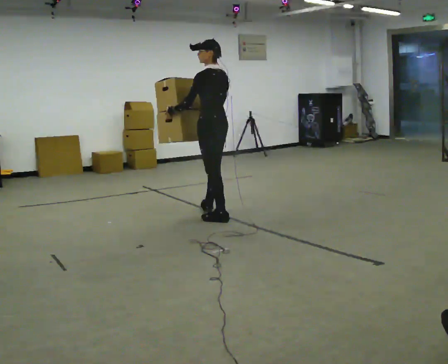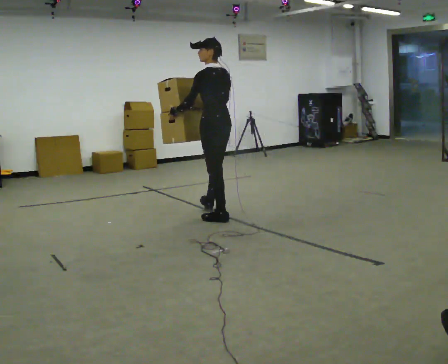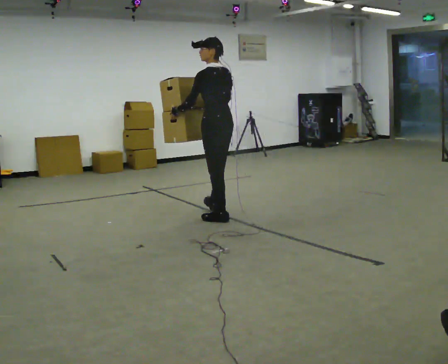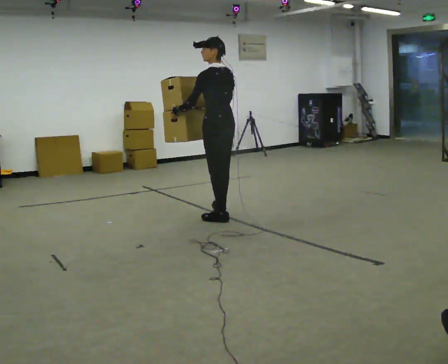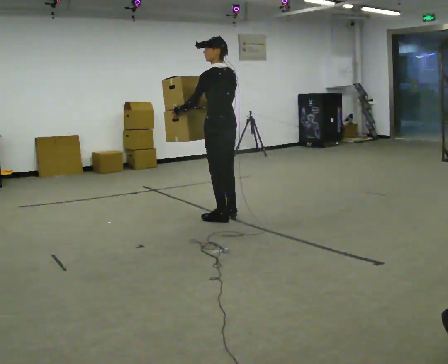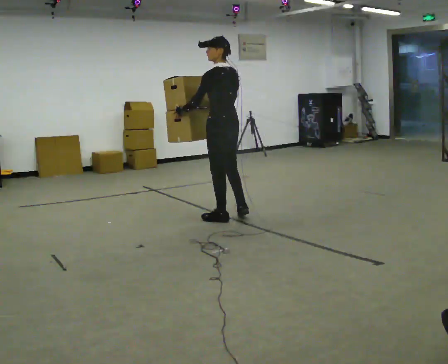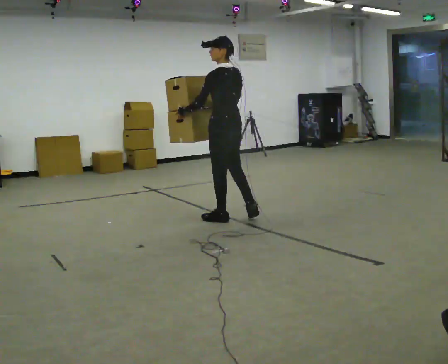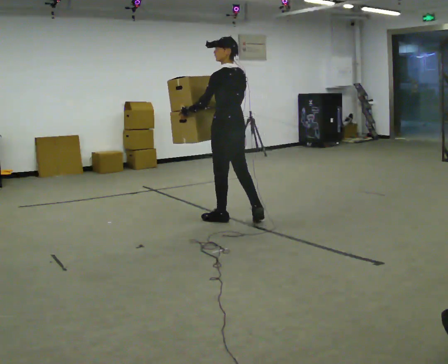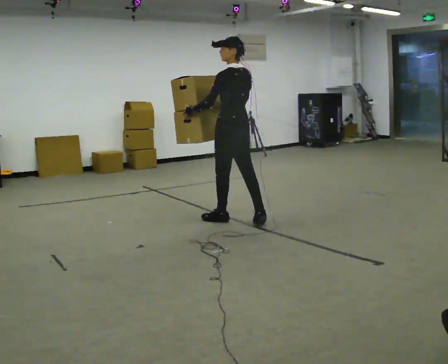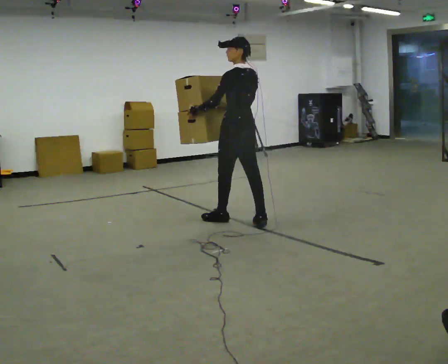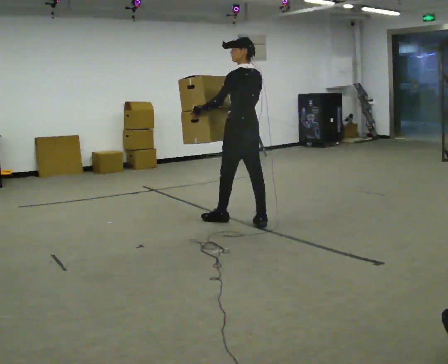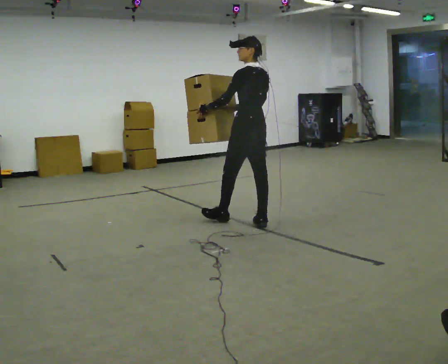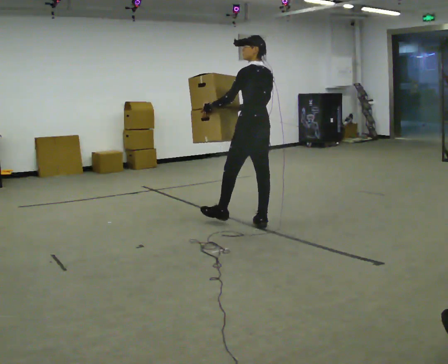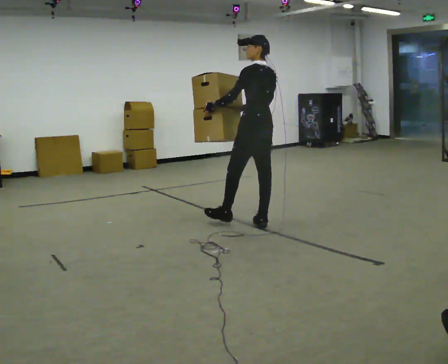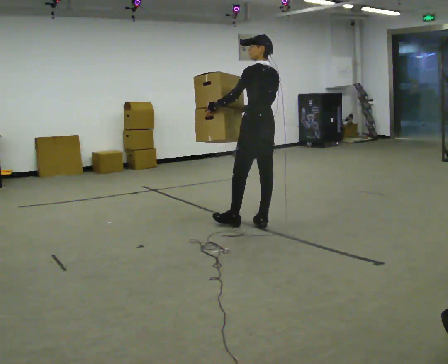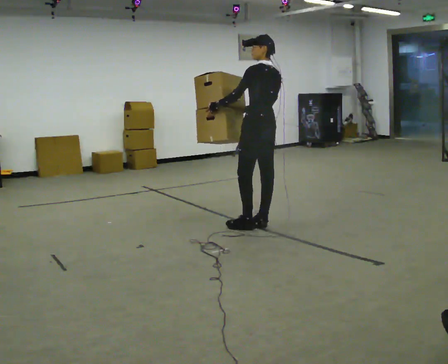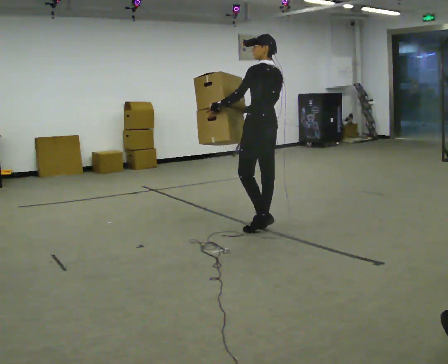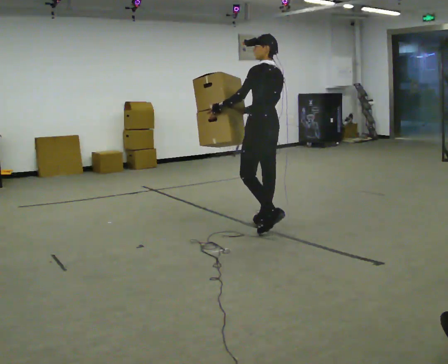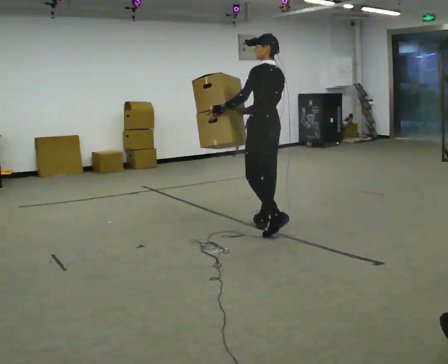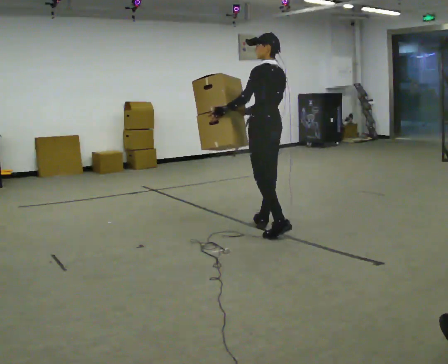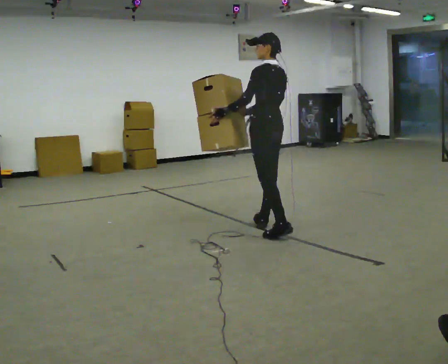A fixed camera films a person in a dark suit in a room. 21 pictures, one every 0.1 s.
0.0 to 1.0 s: In the picture they go to the right and toward the camera, about 0.25 m in 1 step, which for them is backward.
1.0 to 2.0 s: In the picture they go toward the camera and to the right, about 0.25 m in 1 step, which for them is backward.
The film runs backward here.
